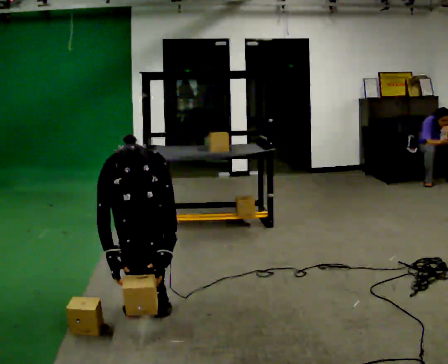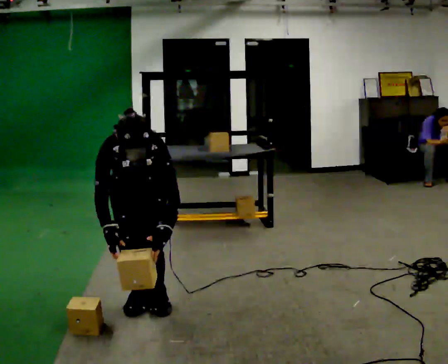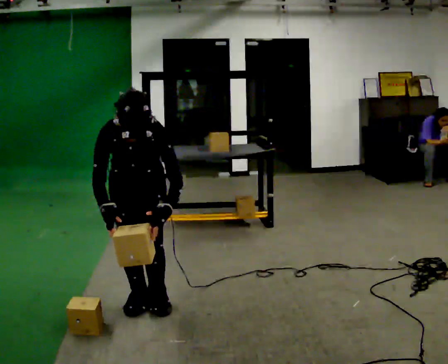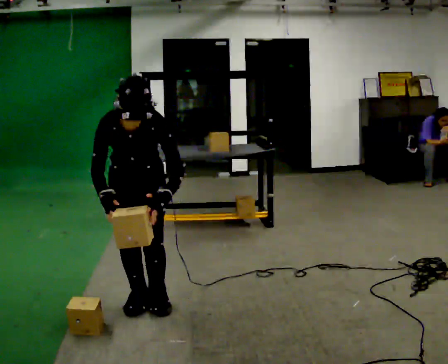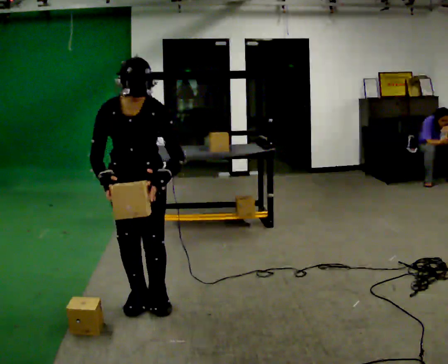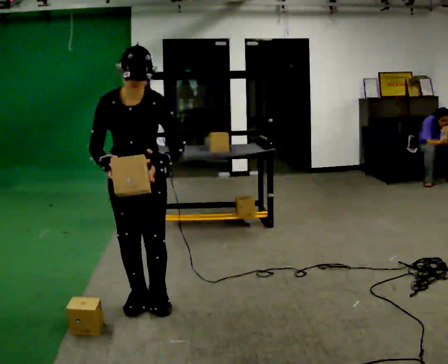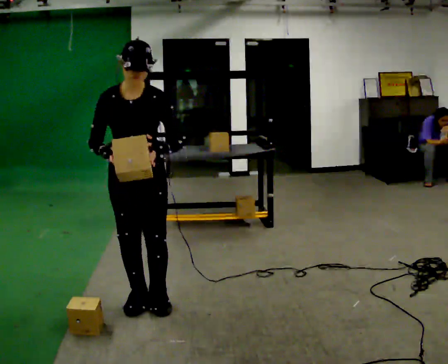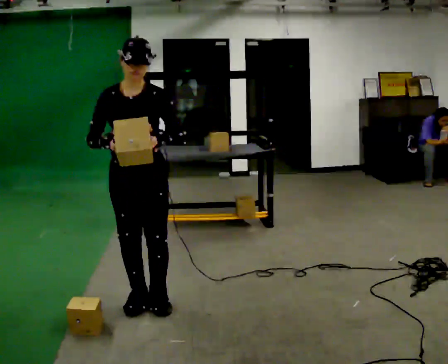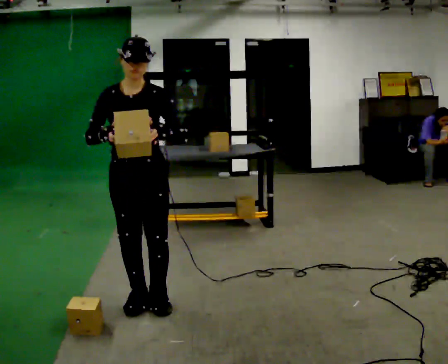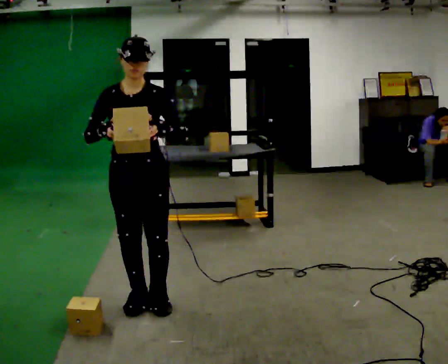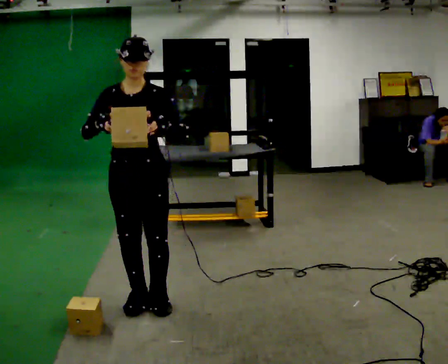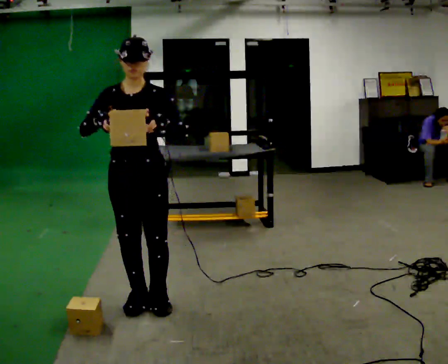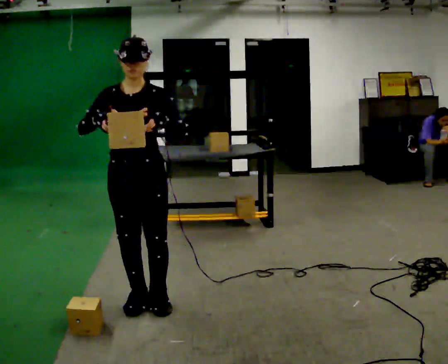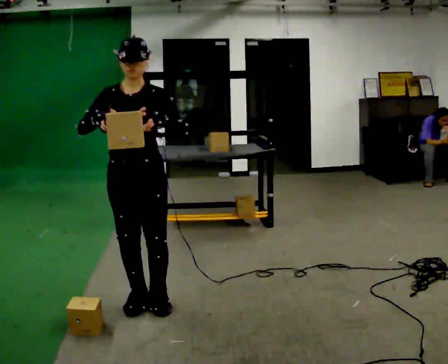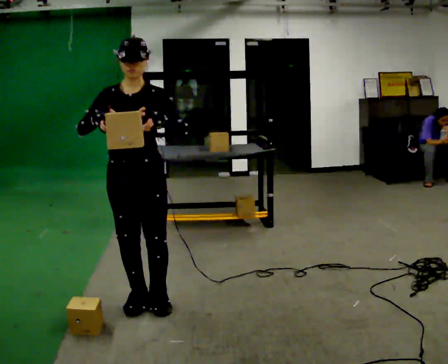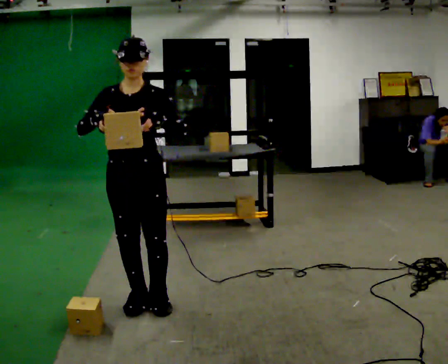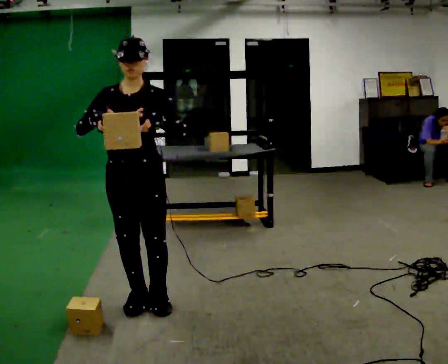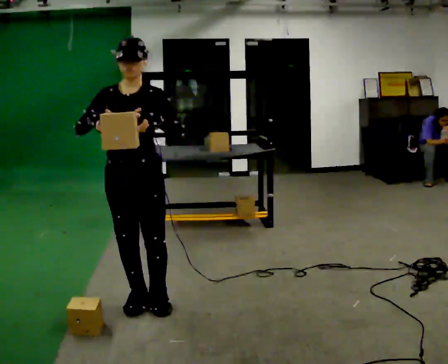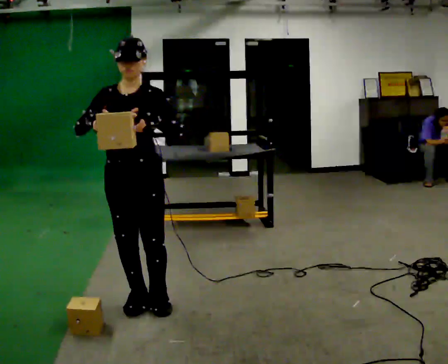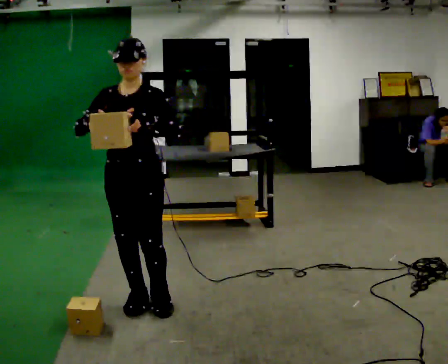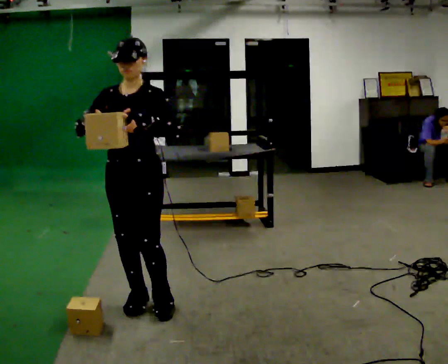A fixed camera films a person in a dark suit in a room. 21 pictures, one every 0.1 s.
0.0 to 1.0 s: The shoulders move upward. The upper body tips away from the camera, its near side rolling upward, as they lean back or straighten. In the picture their right hand goes upward.
1.0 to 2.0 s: The person moves a little, or ends about where they began.
The film runs forward here.
